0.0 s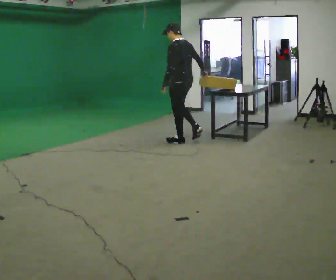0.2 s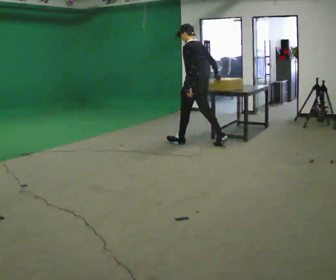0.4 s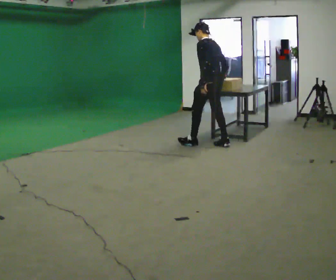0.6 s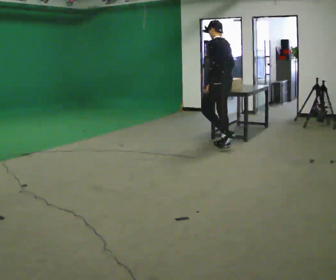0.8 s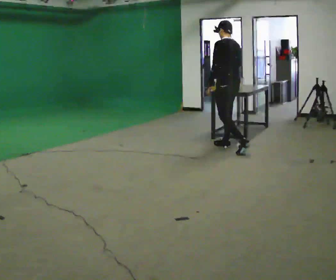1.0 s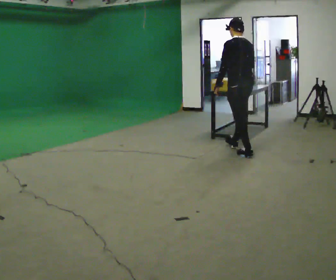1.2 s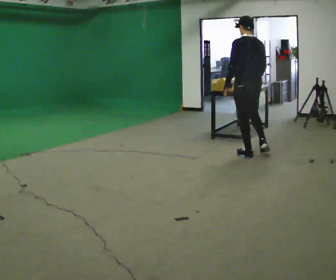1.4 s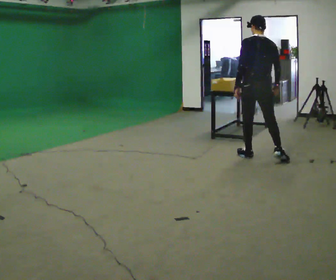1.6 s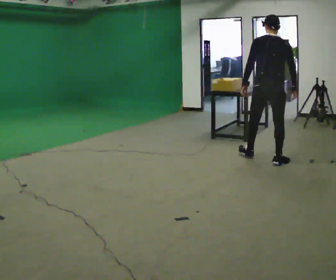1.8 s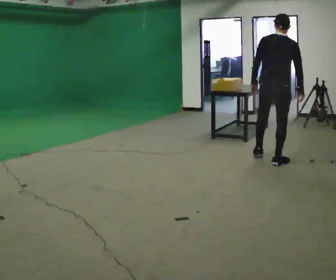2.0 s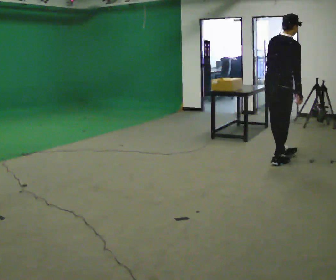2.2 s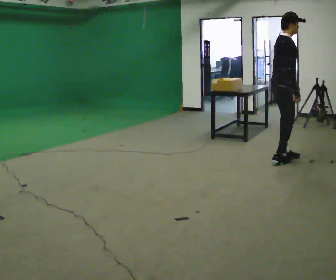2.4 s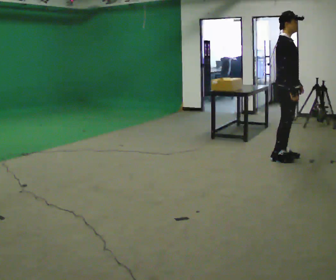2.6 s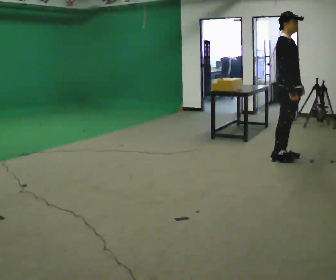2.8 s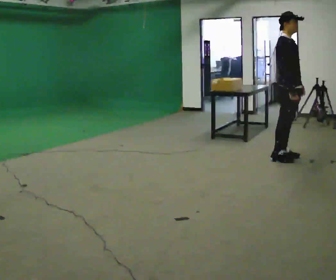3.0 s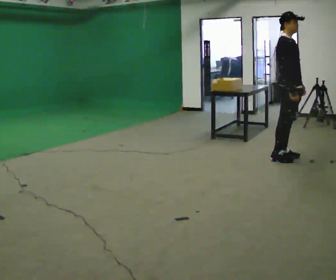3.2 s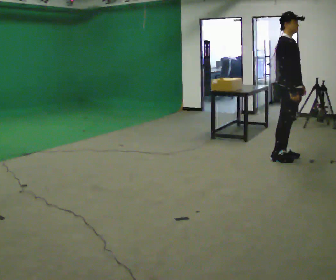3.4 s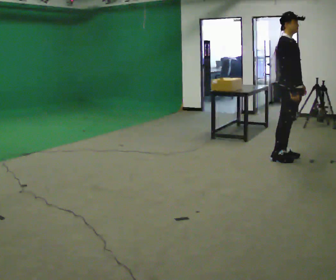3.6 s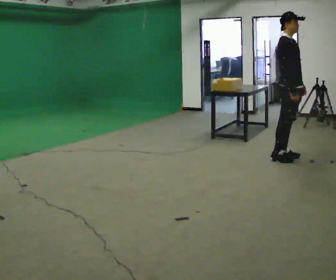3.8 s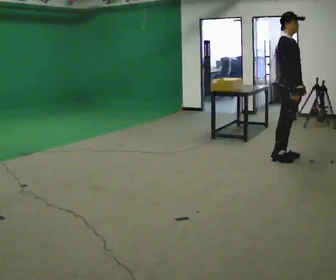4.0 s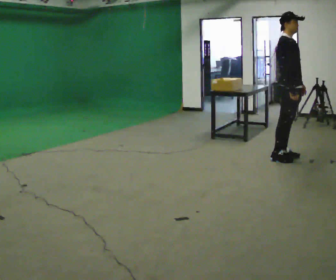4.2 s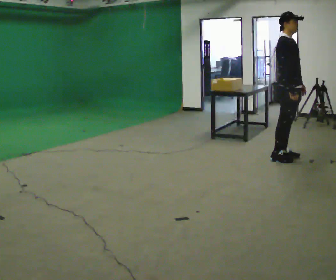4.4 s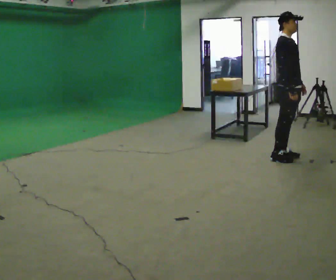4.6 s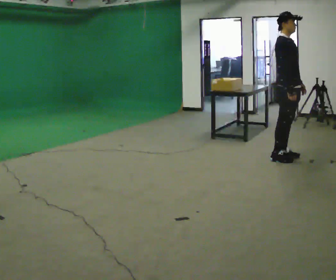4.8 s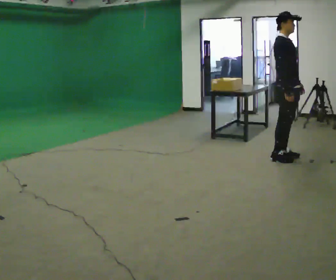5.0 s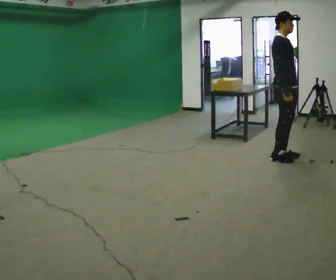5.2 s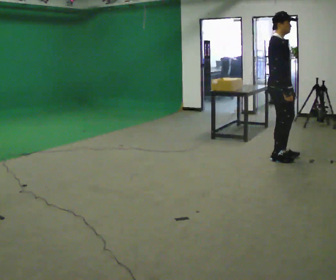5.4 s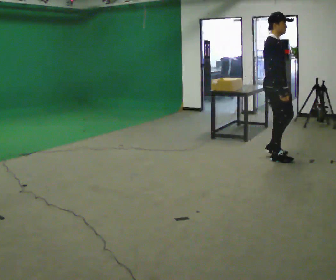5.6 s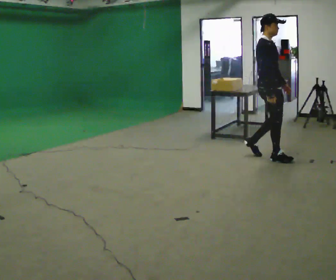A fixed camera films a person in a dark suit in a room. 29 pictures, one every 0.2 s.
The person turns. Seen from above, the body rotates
clockwise.
The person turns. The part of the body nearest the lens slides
to the left.
0.0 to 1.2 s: The person turns about 30 degrees to their right, clockwise seen from above, so the part of the body nearest the lens slides to the left. In the picture they go to the right and toward the camera, about 1 m in 2 steps, which for them is backward.
1.2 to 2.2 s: The part of the body nearest the lens slides to the left as the person turns to their right by about 105 degrees. In the picture they go to the right and toward the camera, about 0.5 m in 2 steps.
2.2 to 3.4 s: The person turns about 45 degrees to their right, clockwise seen from above, so the part of the body nearest the lens slides to the left.
3.4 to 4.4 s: The person keeps their place and pose.
4.4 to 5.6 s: In the picture they go to the left, about 0.25 m in 1 step, which for them is backward.
The film runs backward here.
